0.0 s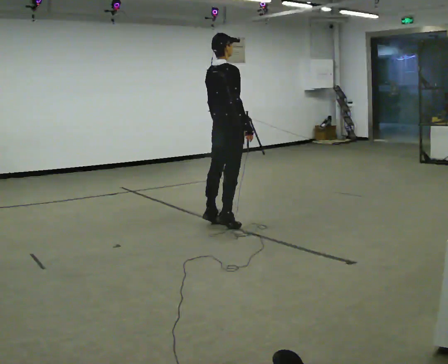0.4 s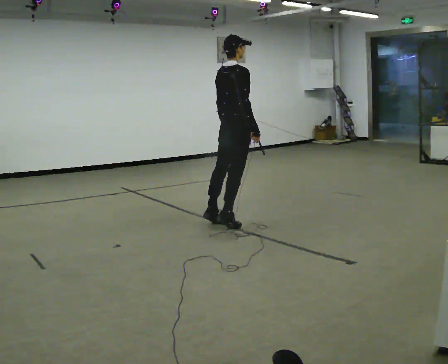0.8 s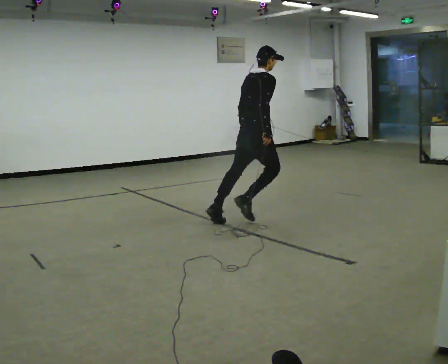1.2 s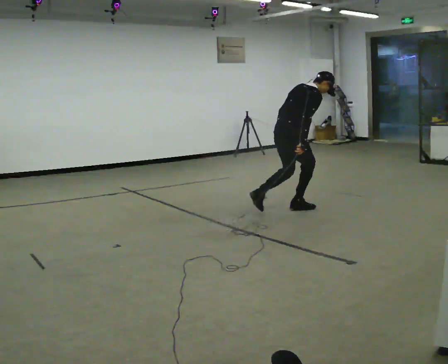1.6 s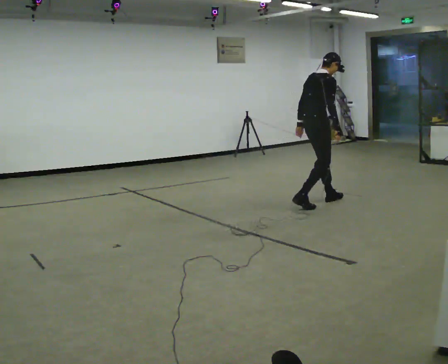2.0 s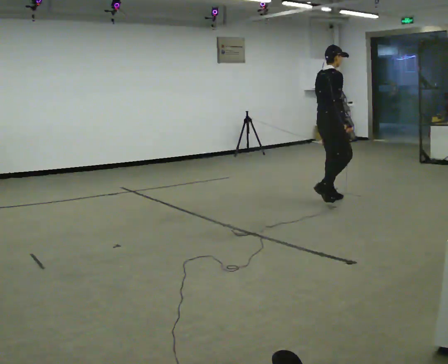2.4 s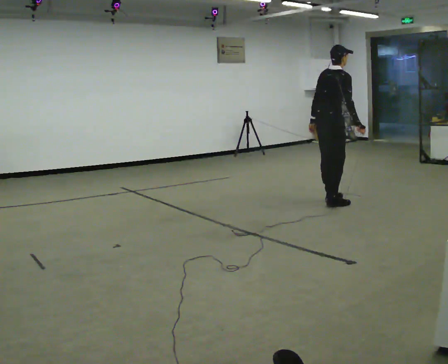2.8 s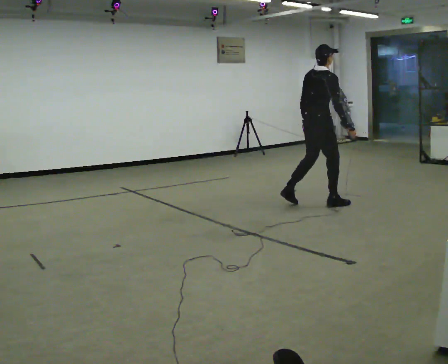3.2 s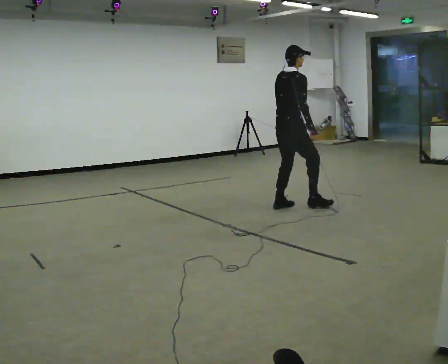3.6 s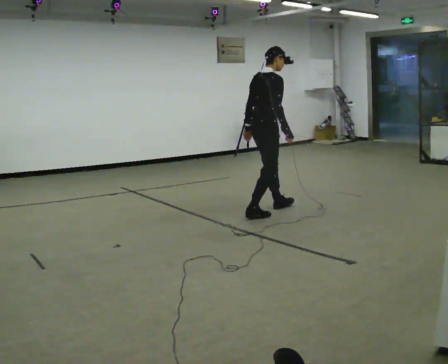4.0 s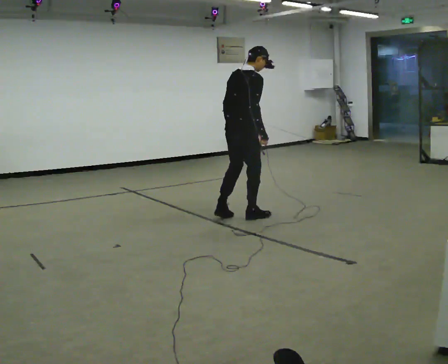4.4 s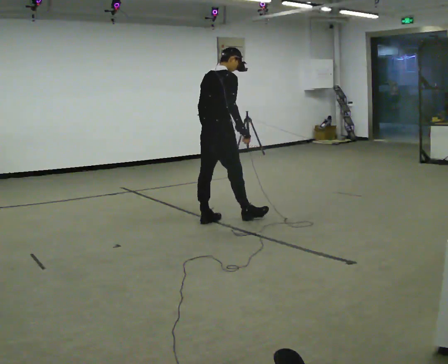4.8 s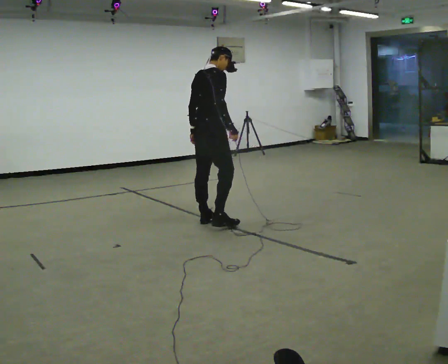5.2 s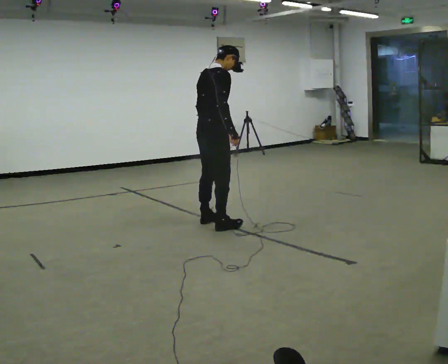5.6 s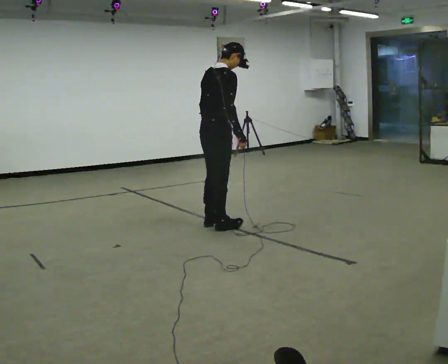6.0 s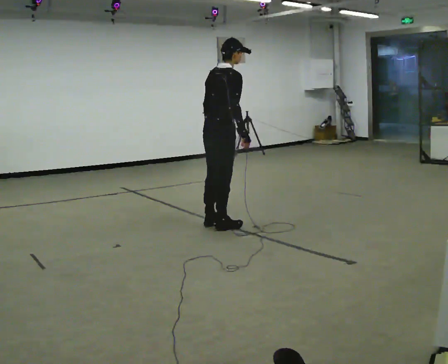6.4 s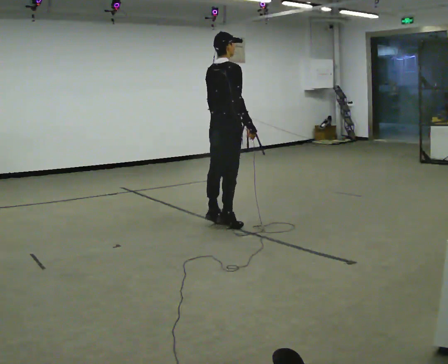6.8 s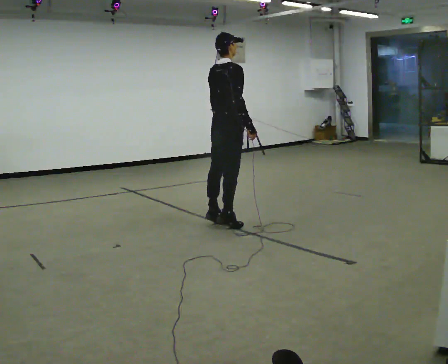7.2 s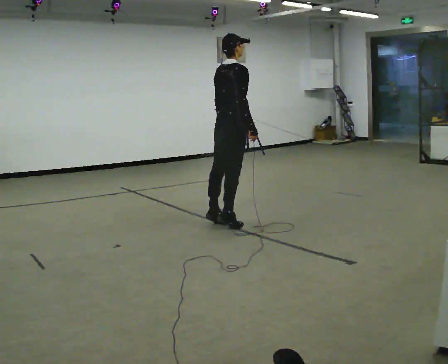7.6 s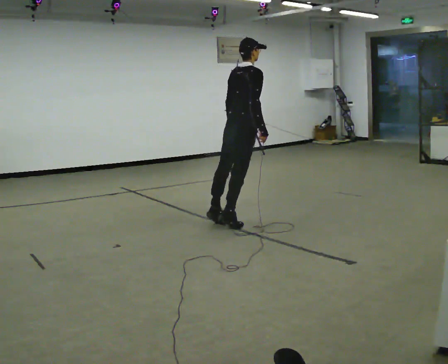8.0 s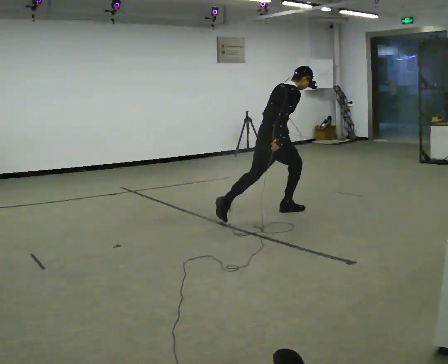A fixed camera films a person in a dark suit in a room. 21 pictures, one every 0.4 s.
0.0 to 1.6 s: In the picture they go to the right and away from the camera, about 1 m in 2 steps, which for them is forward.
1.6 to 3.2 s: In the picture they go to the left, about 0.25 m in 2 steps, which for them is backward.
3.2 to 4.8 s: In the picture they go to the left and toward the camera, about 1 m in 3 steps, which for them is backward.
4.8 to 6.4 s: In the picture they go to the right, about 0.25 m, which for them is to their right.
6.4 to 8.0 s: In the picture they go to the right and away from the camera, about 0.75 m in 1 step, which for them is forward. The upper body goes downward. In the picture the upper body tilts clockwise, shoulders to the right, as they bend forward.
The film runs forward here.
